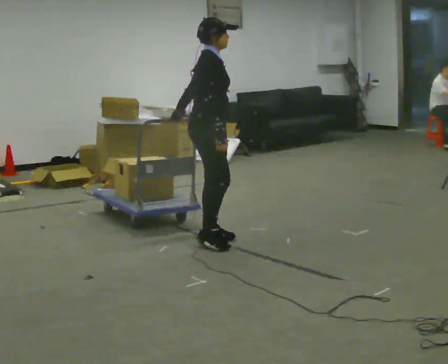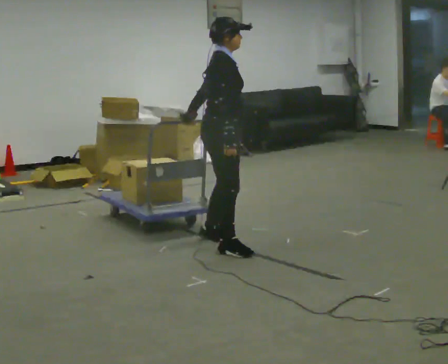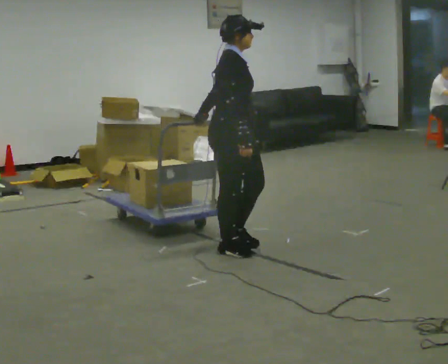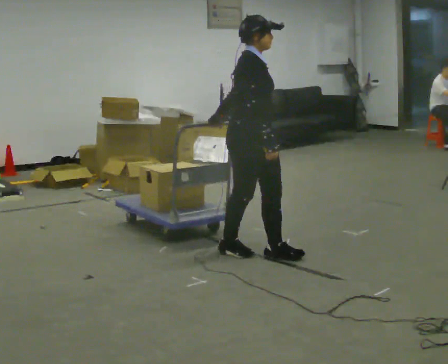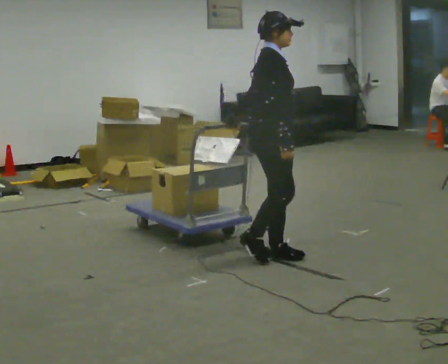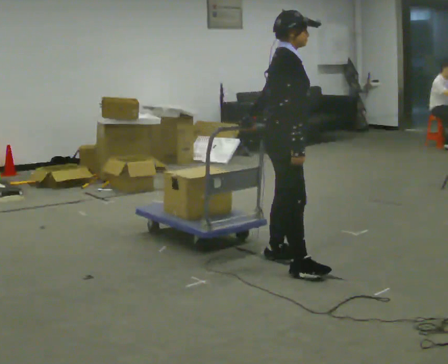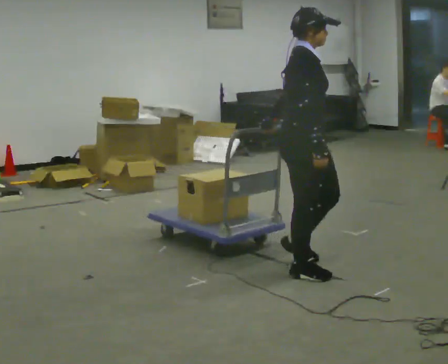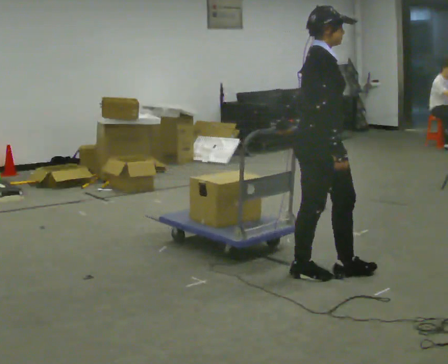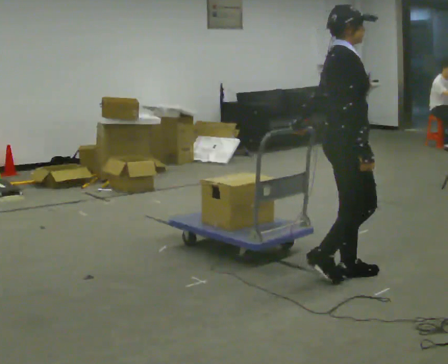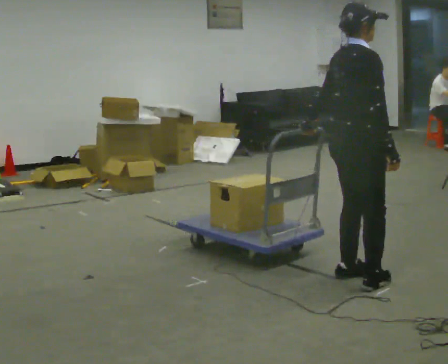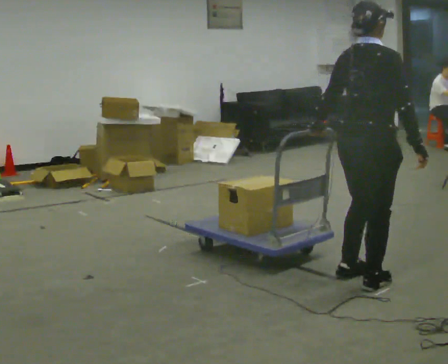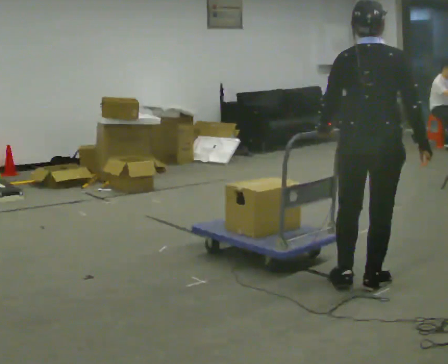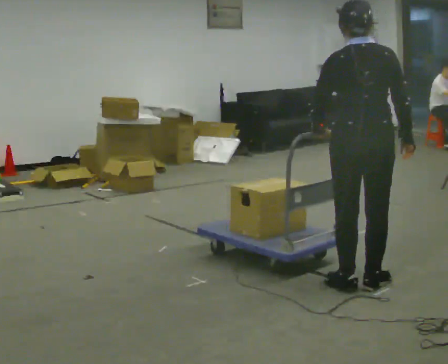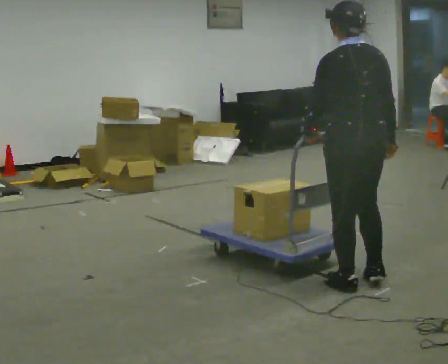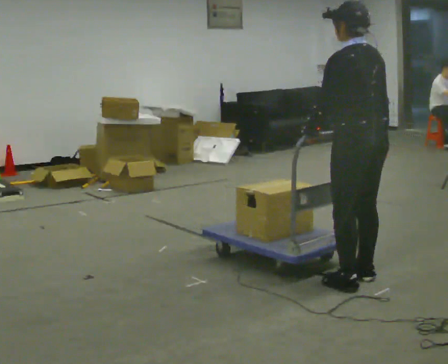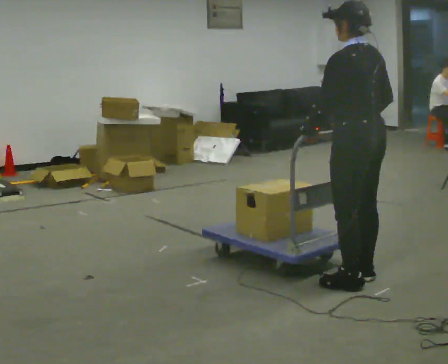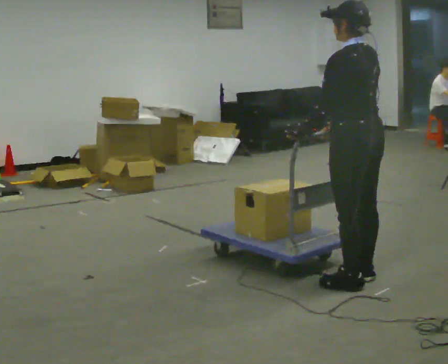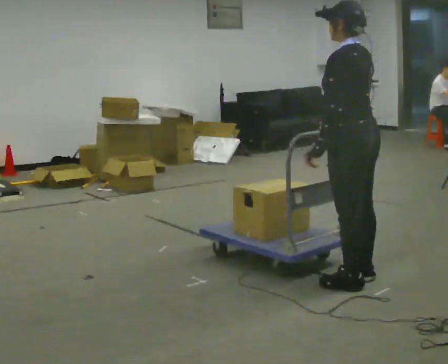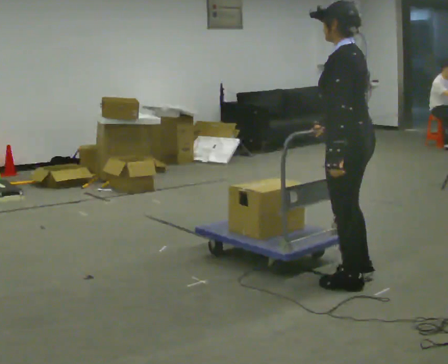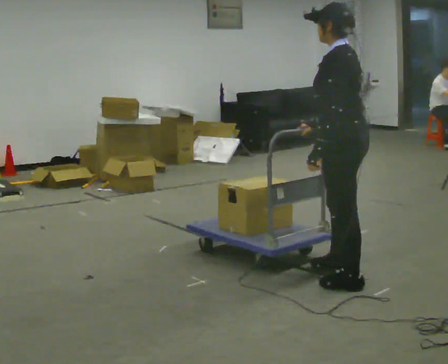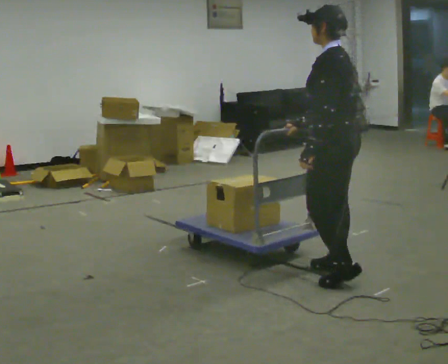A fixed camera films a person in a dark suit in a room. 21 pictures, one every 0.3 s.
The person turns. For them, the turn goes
to their left.
The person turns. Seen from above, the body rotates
counterclockwise.
0.0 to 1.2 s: In the picture they go to the right and toward the camera, about 0.5 m in 2 steps, which for them is forward and to their right.
1.2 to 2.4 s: In the picture they go to the right and toward the camera, about 0.5 m in 2 steps, which for them is forward and to their right.
2.4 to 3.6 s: Seen from above the body turns counterclockwise, about 90 degrees: to their left, with its near side sliding to the right. In the picture they go toward the camera, about 0.25 m in 2 steps.
3.6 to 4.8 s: Seen from above the body turns counterclockwise, about 45 degrees: to their left, with its near side sliding to the right. In the picture their right hand goes to the left, the arm swinging clockwise.
4.8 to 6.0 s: The person moves a little, or ends about where they began.
The film runs forward here.
